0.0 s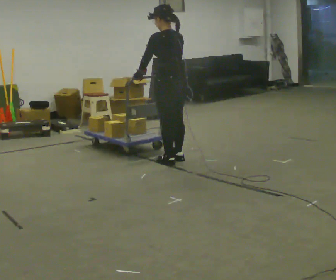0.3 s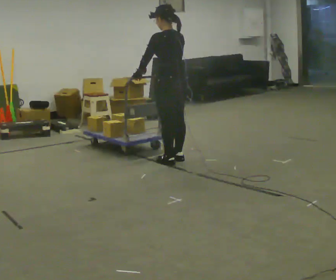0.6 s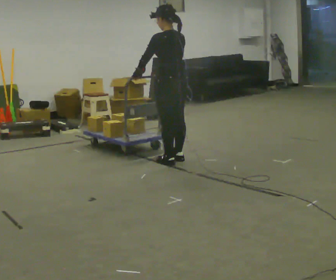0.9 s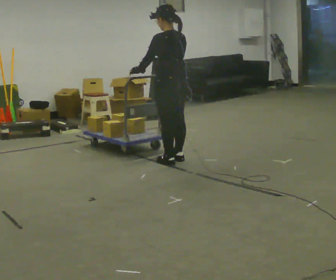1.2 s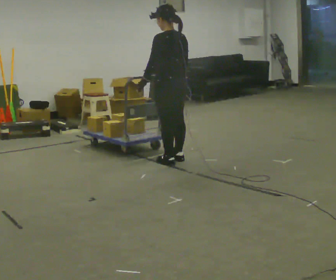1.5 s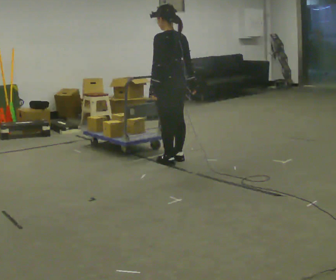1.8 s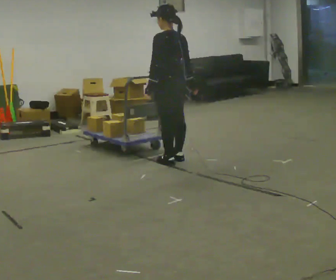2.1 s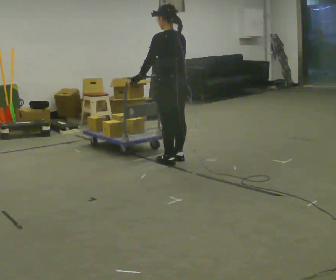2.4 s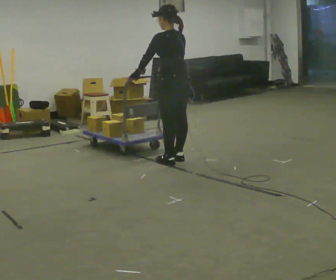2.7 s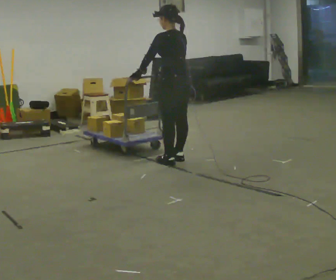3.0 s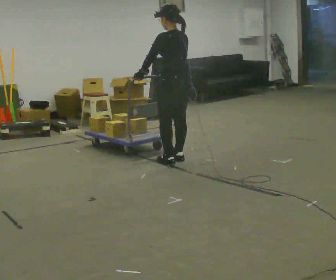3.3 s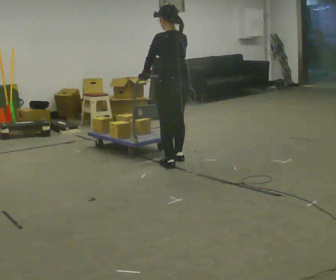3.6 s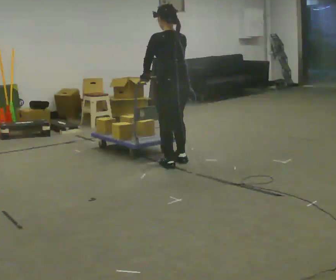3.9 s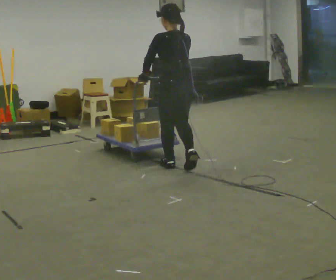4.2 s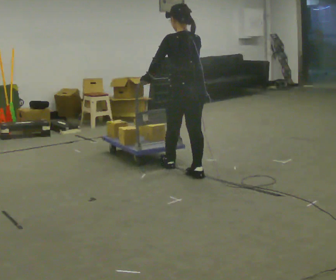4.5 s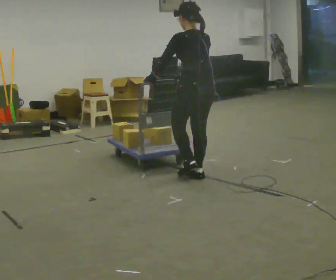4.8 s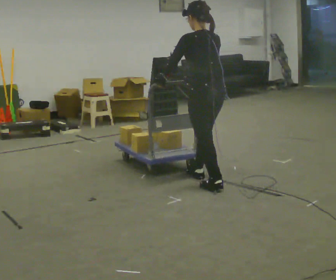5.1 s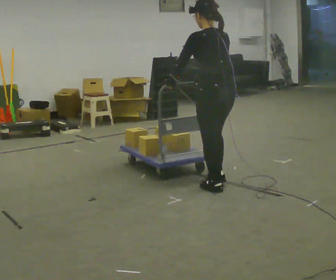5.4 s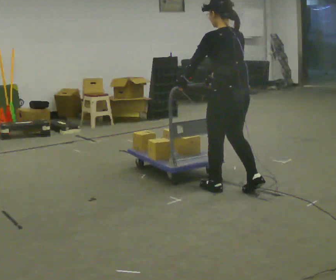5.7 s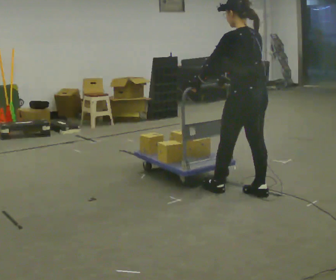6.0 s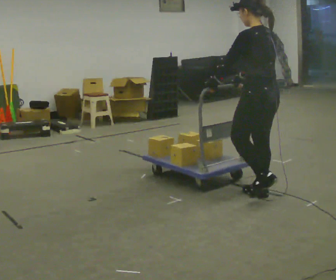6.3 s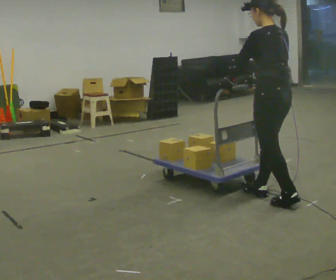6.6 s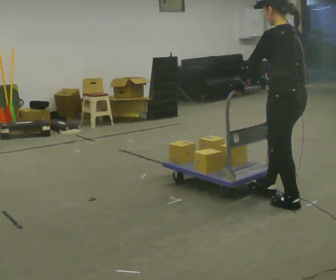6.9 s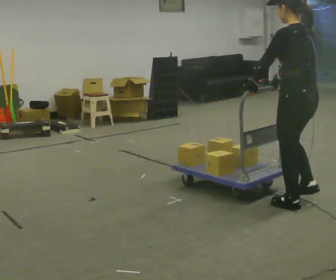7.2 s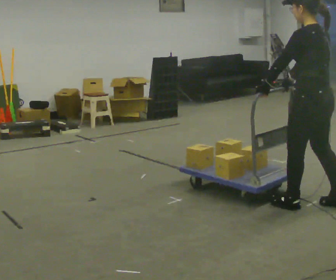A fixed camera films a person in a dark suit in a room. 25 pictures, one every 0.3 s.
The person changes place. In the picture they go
toward the camera.
0.0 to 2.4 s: The person moves a little, or ends about where they began.
2.4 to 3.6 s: In the picture they go toward the camera, about 0.25 m in 1 step.
3.6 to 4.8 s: In the picture they go toward the camera and to the right, about 0.5 m in 1 step, which for them is backward.
4.8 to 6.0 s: In the picture they go toward the camera and to the right, about 0.5 m in 2 steps, which for them is backward.
6.0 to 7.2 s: In the picture they go toward the camera and to the right, about 0.5 m in 1 step, which for them is backward.
The film runs backward here.
